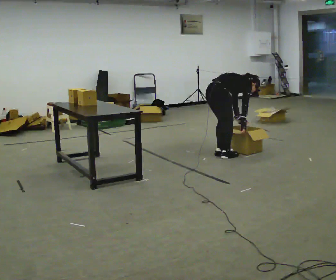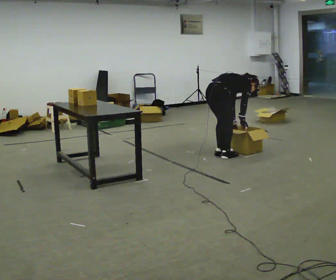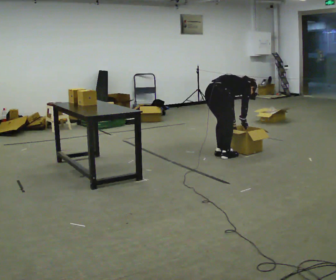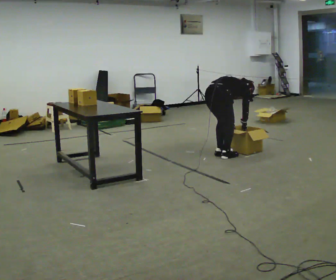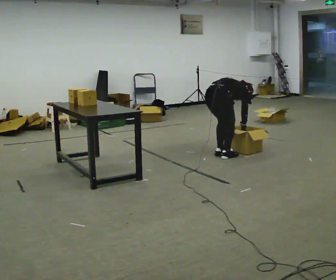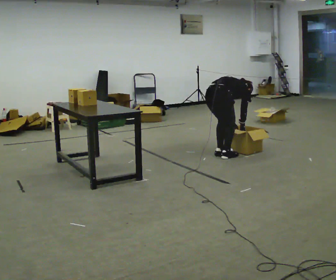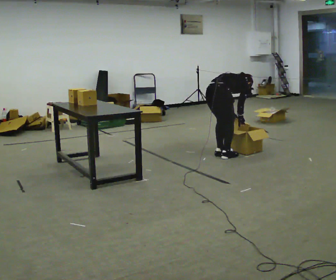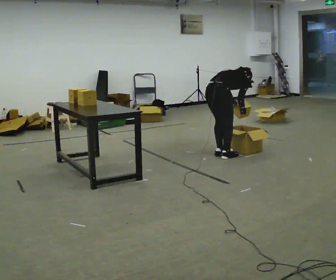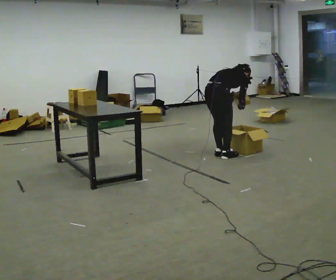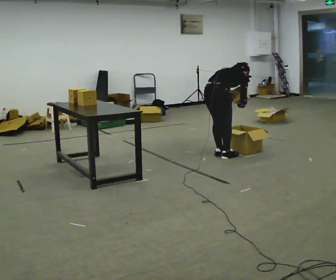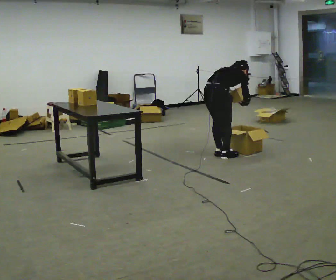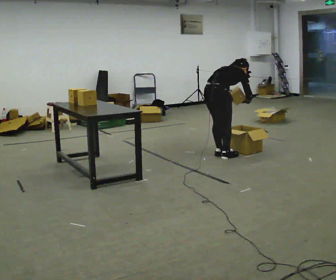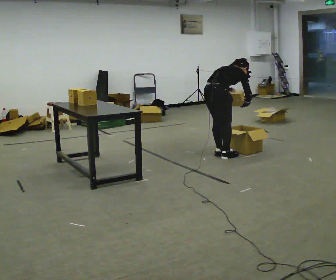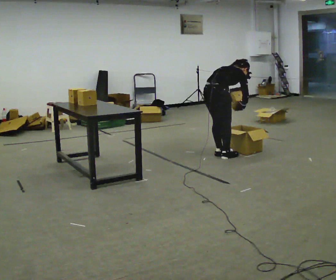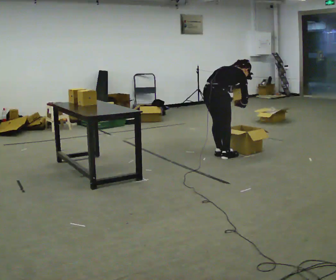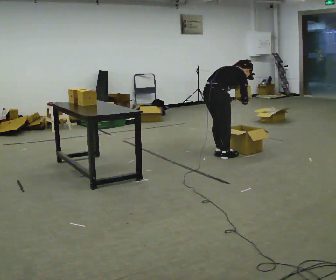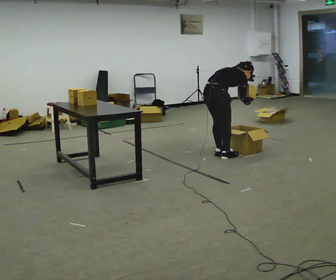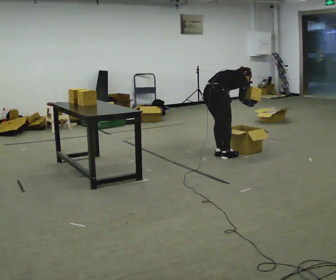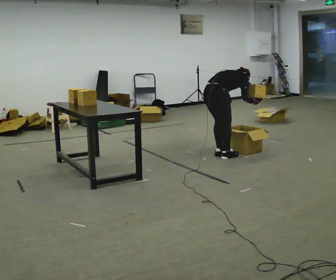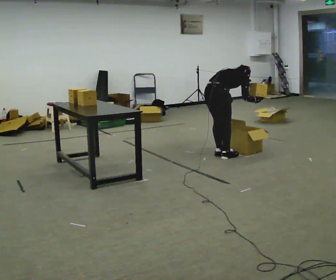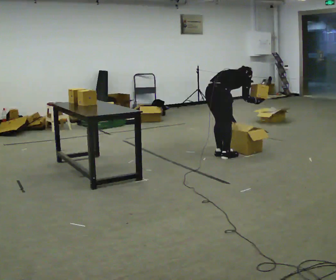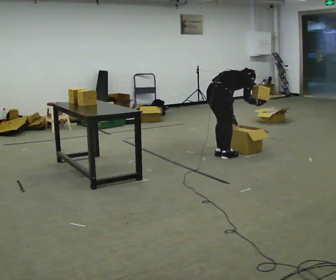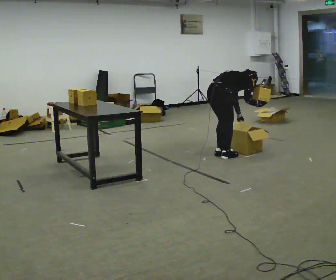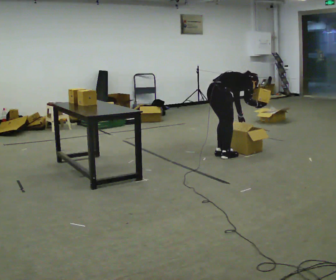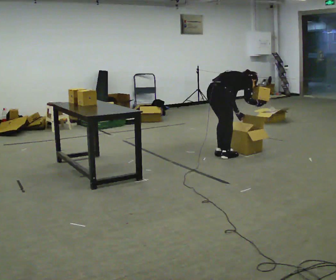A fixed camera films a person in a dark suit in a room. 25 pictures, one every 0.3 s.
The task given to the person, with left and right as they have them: Carry the object across the room, open the lid of the container, put the object inside, and close the lid again. Then go back for the next one. Keep going until the operator says stop; one object at a time, and do not rush between trips.
0.0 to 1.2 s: The upper body tips away from the camera, its near side rolling upward.
1.2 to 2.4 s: The shoulders move upward. The upper body tips toward the camera, its near side rolling downward, as they lean back or straighten. In the picture their left hand goes upward.
2.4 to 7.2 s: The person moves a little, or ends about where they began.
The film runs forward here.
